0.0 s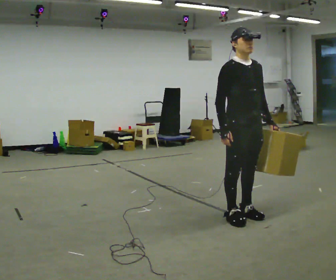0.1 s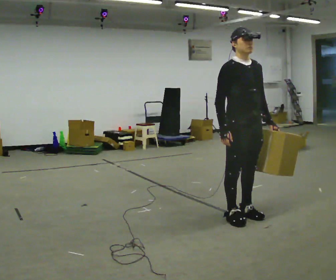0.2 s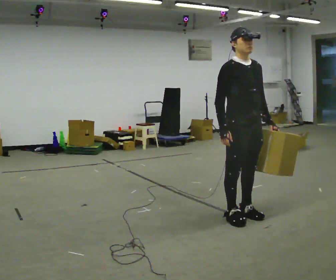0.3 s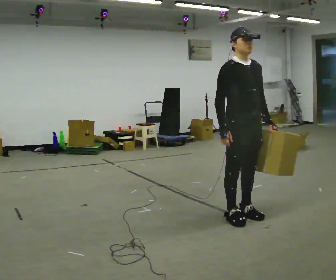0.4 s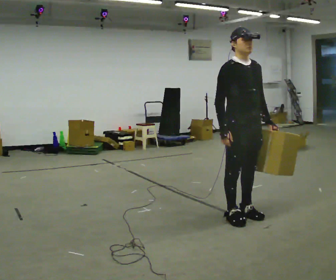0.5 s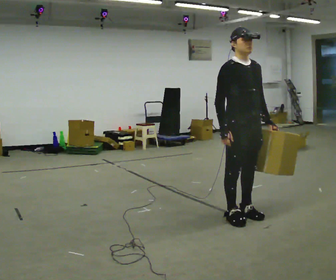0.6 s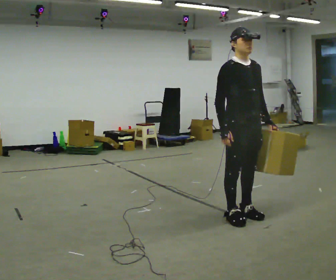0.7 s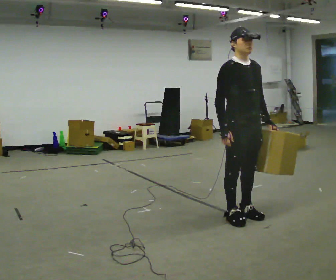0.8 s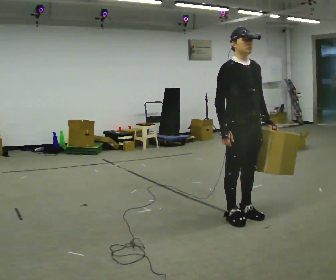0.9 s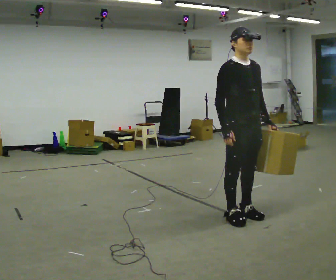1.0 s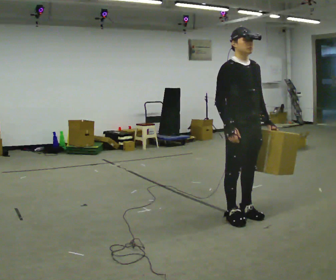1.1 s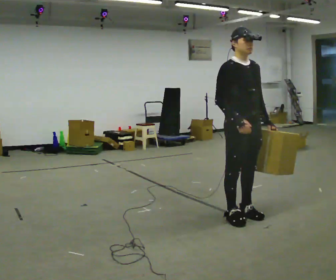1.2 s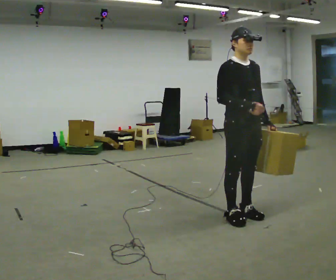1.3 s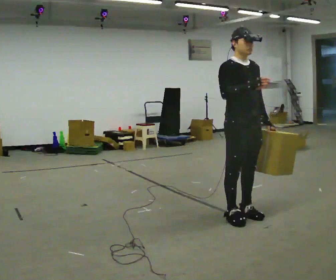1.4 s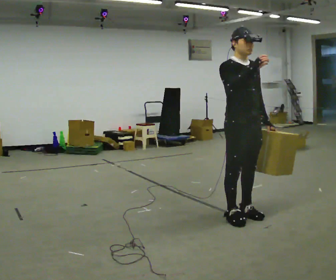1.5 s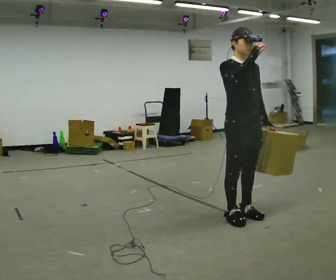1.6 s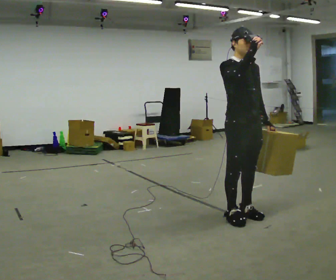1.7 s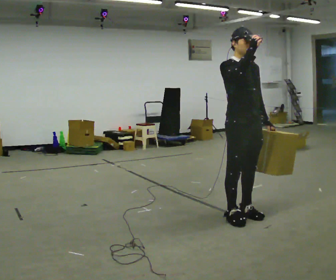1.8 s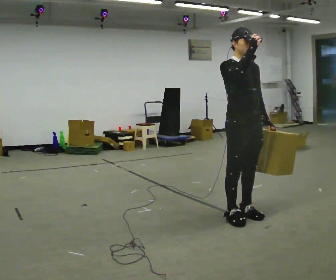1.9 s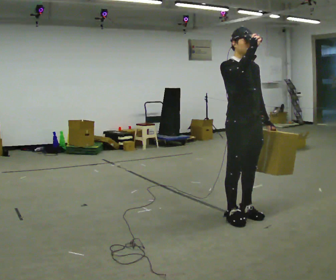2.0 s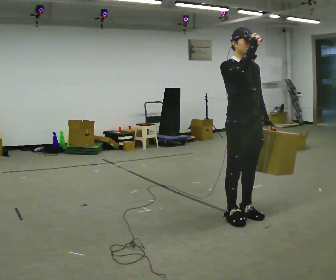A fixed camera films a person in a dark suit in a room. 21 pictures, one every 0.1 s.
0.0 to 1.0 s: The person moves a little, or ends about where they began.
1.0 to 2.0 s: In the picture their right hand goes upward.
The film runs forward here.
